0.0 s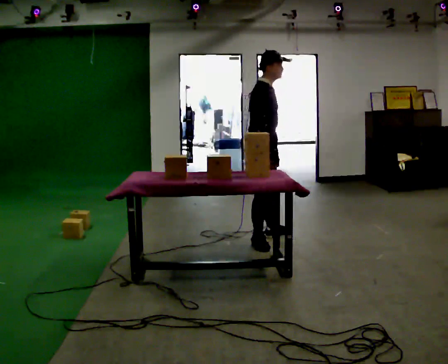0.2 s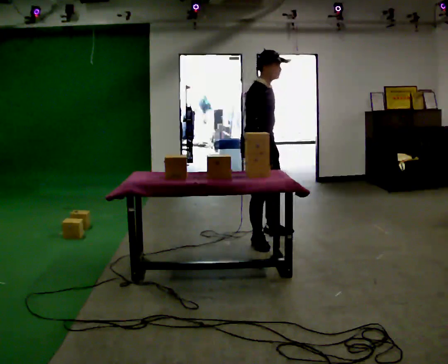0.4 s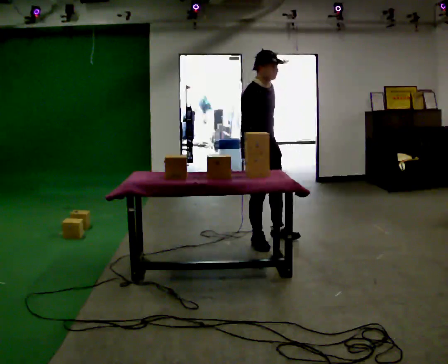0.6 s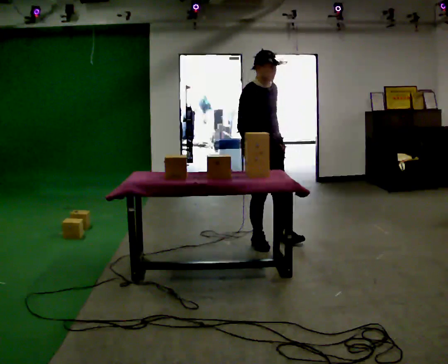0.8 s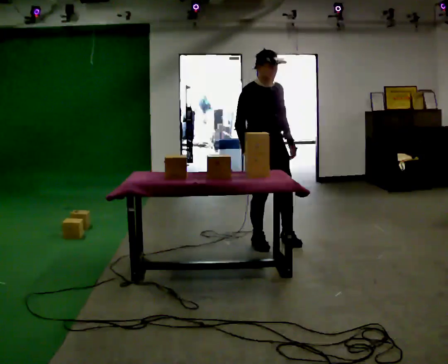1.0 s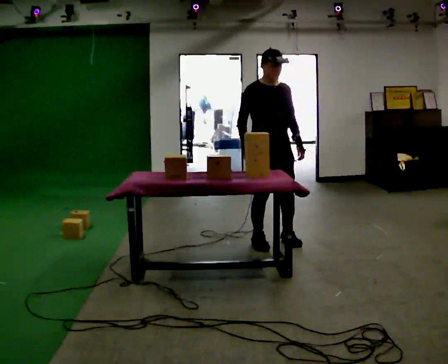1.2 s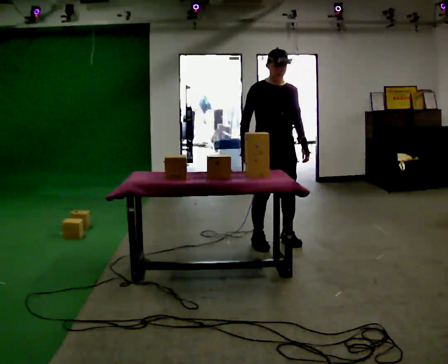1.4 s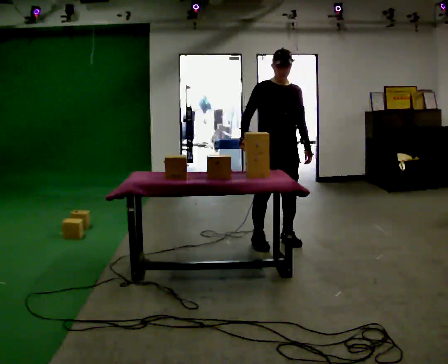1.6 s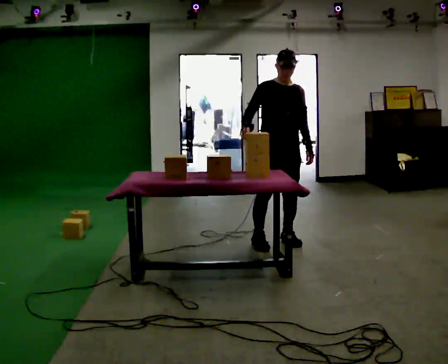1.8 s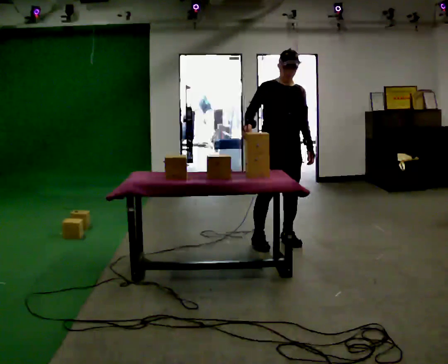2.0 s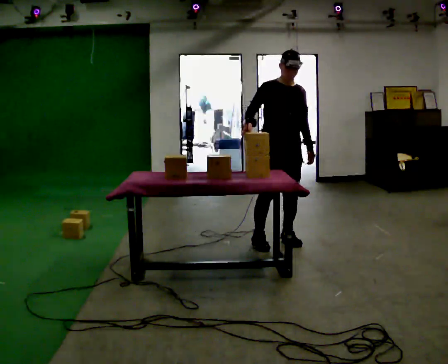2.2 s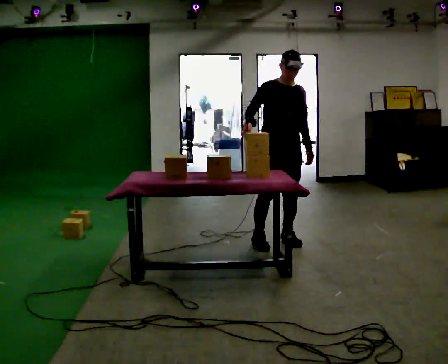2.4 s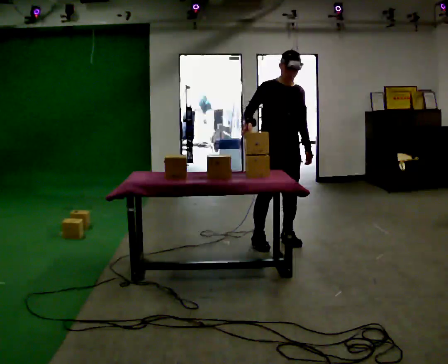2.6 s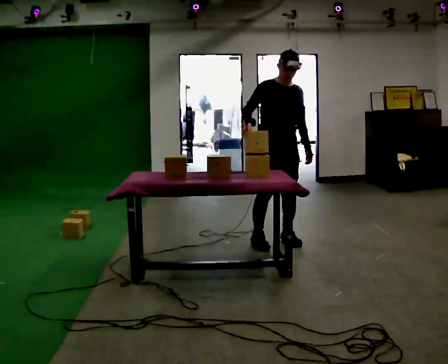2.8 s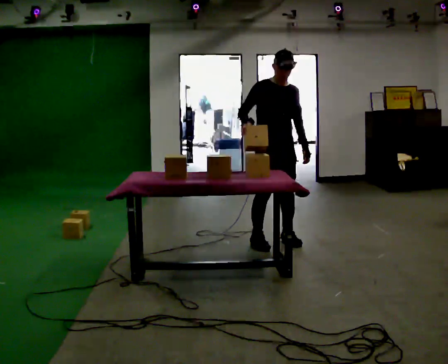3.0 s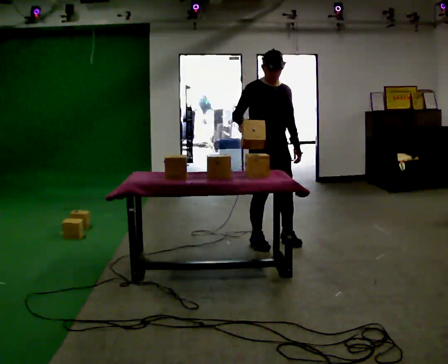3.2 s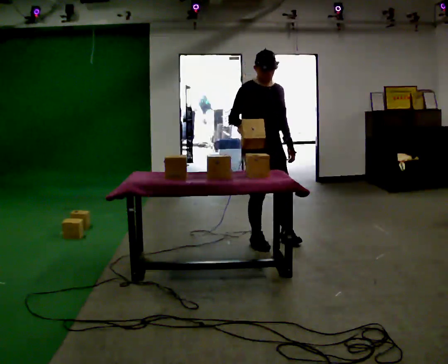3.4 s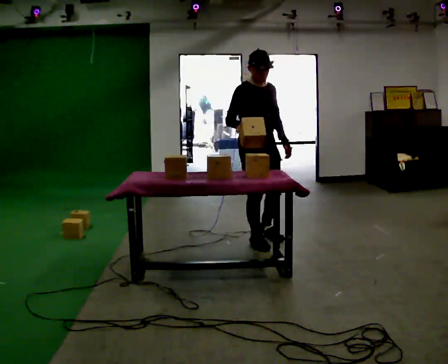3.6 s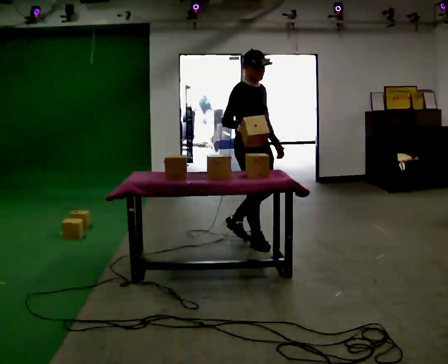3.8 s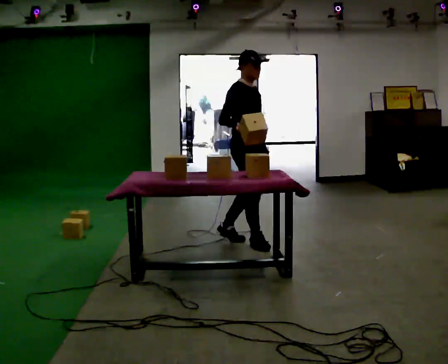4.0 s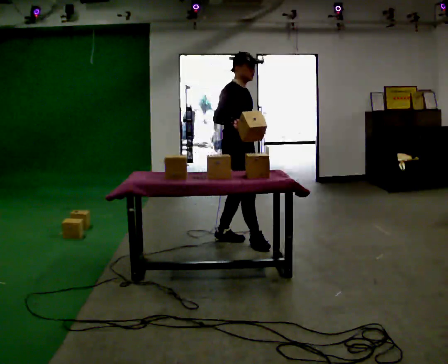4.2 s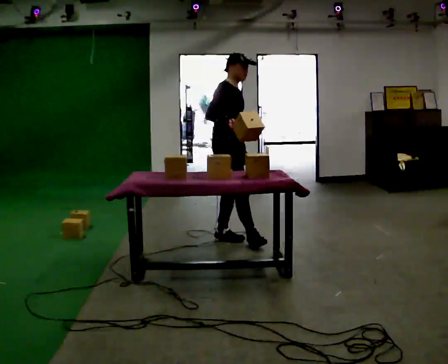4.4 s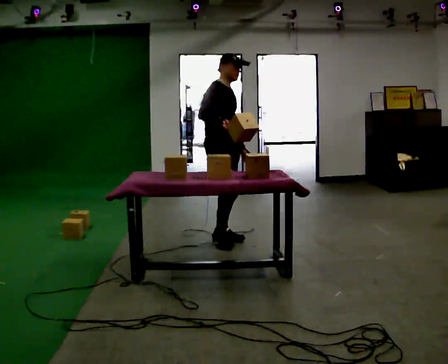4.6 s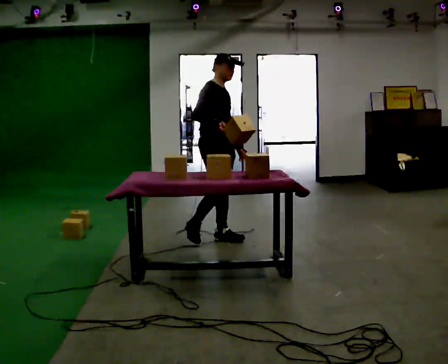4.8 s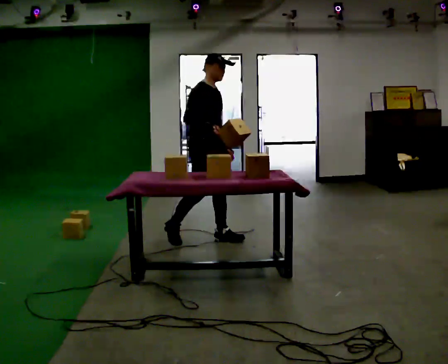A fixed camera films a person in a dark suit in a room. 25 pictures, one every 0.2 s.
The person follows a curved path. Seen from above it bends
clockwise.
0.0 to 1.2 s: The person turns about 60 degrees to their right, clockwise seen from above, so the part of the body nearest the lens slides to the left. In the picture their left hand goes to the right.
1.2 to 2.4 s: The person moves a little, or ends about where they began.
2.4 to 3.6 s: The part of the body nearest the lens slides to the right as the person turns to their left by about 30 degrees. In the picture they go to the left, about 0.25 m in 1 step, which for them is to their right.
3.6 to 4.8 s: In the picture they go to the left, about 0.5 m in 1 step, which for them is backward.
The film runs backward here.
